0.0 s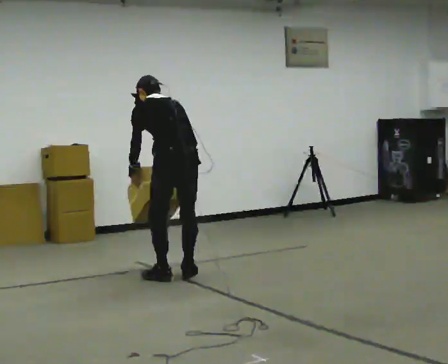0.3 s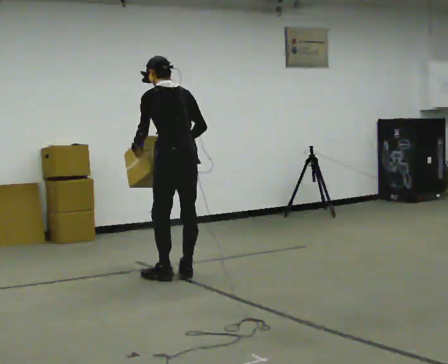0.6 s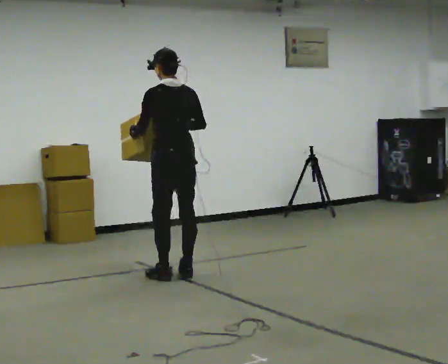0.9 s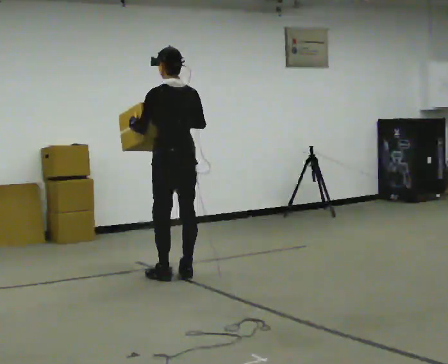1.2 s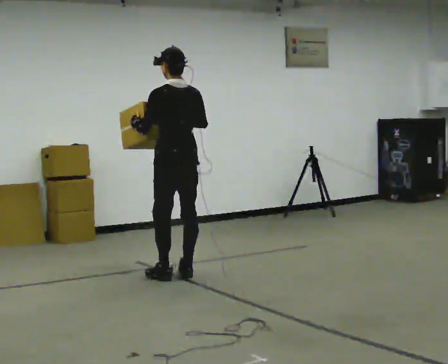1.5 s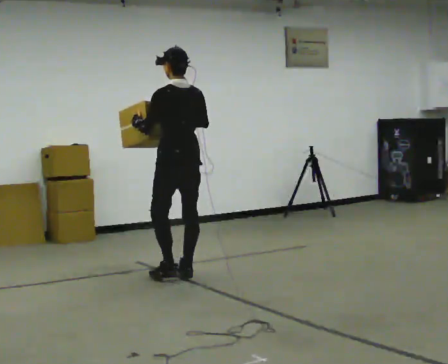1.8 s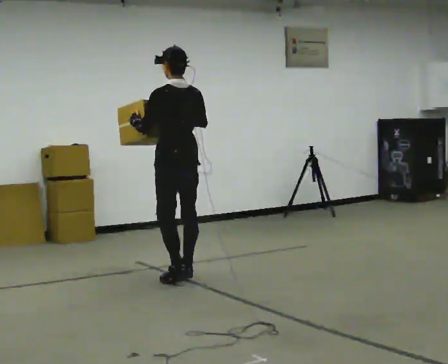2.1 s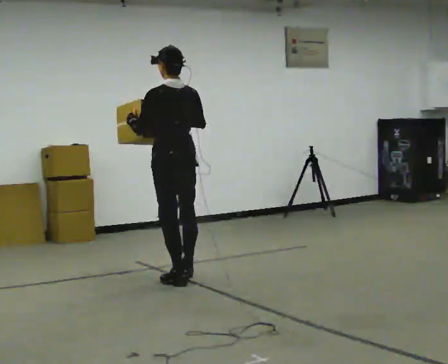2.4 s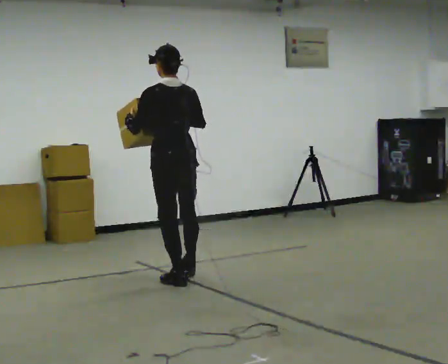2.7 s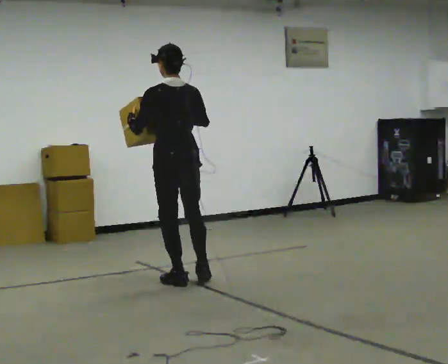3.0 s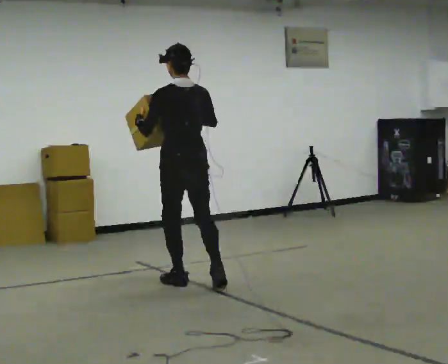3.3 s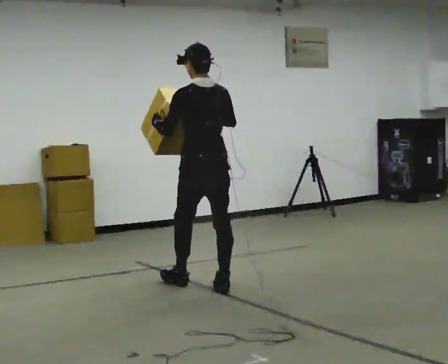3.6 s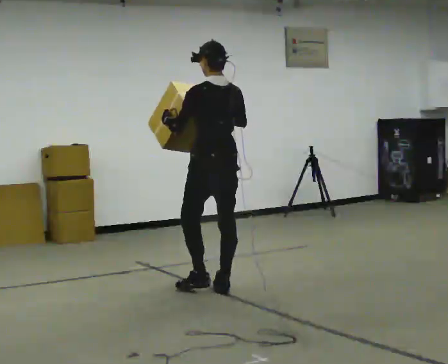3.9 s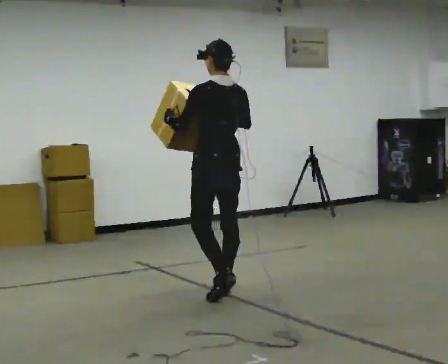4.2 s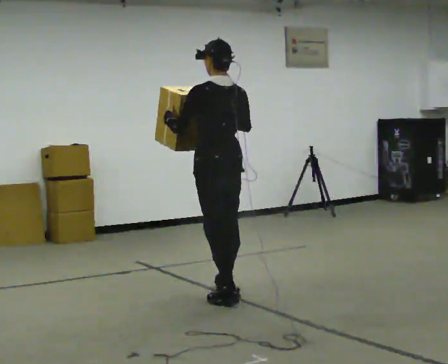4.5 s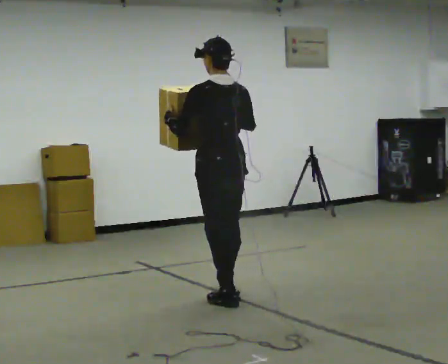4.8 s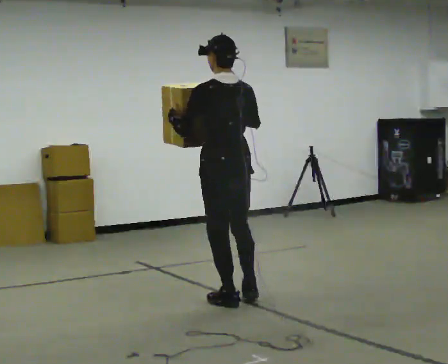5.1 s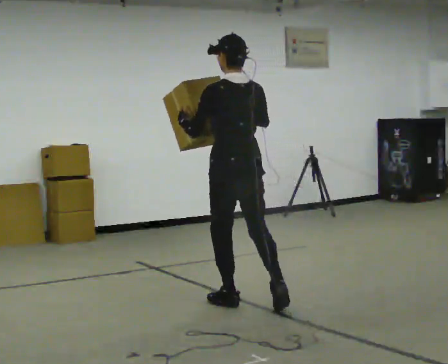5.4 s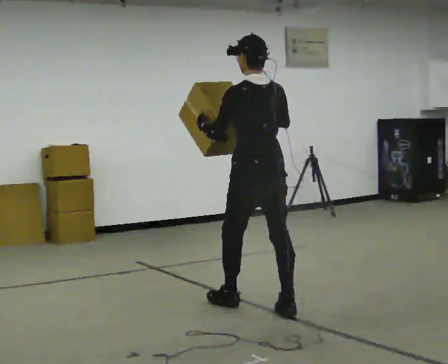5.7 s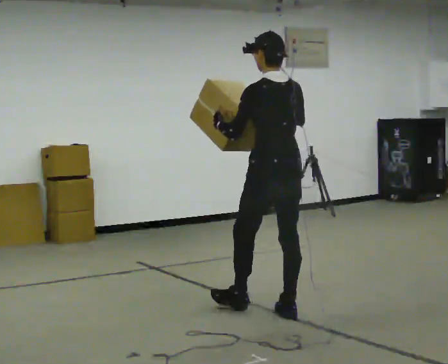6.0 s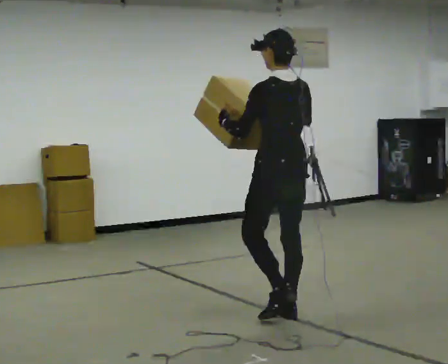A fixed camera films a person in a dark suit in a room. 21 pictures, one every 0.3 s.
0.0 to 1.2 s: In the picture they go away from the camera, about 0.25 m, which for them is forward. The upper body tips toward the camera, its near side rolling downward, as they lean back or straighten. In the picture their right hand goes upward.
1.2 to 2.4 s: In the picture they go toward the camera, about 0.25 m in 1 step, which for them is backward and to their left.
2.4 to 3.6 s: In the picture they go to the right and toward the camera, about 0.5 m in 2 steps, which for them is backward and to their right.
3.6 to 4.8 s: In the picture they go toward the camera, about 0.5 m in 1 step, which for them is backward and to their left.
4.8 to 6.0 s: In the picture they go to the right and toward the camera, about 0.5 m in 1 step, which for them is backward.
The film runs backward here.
